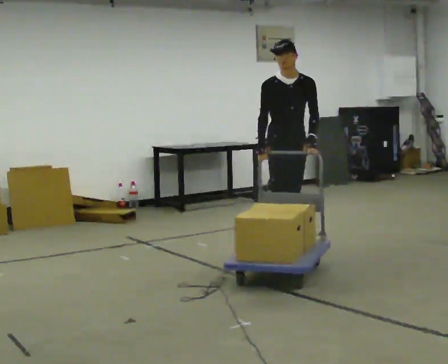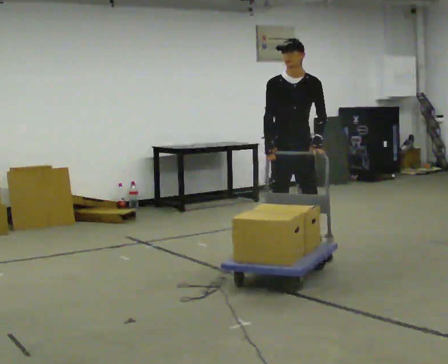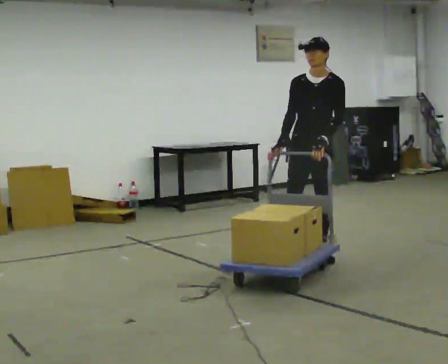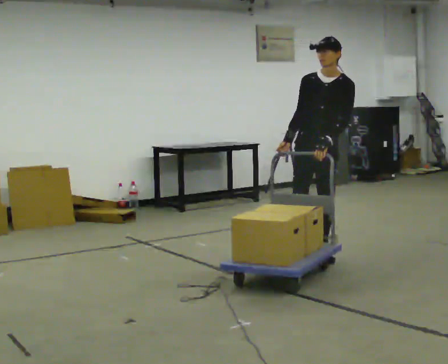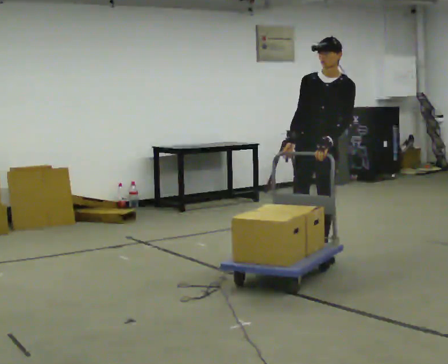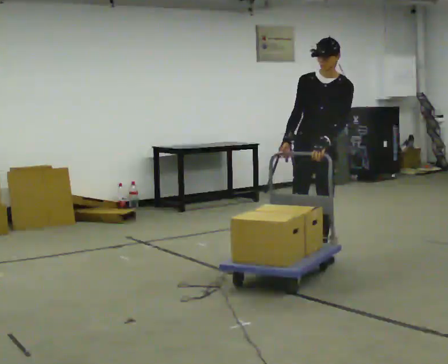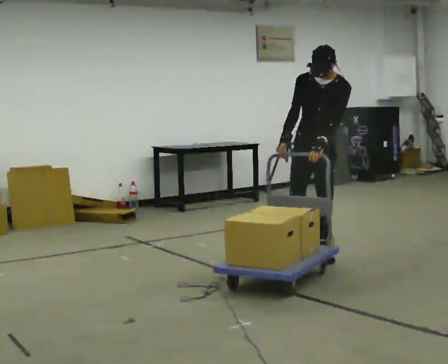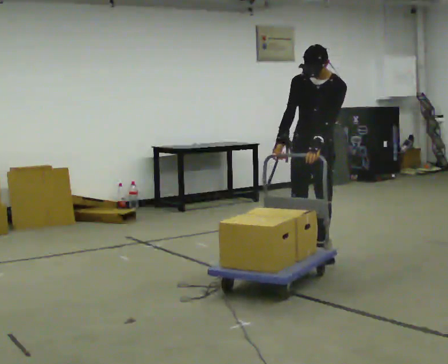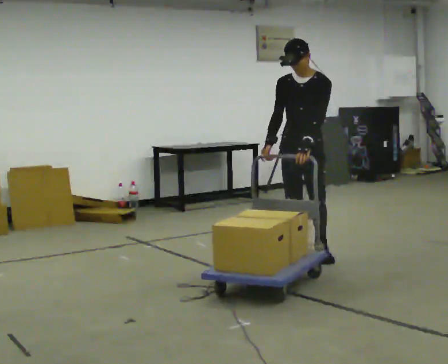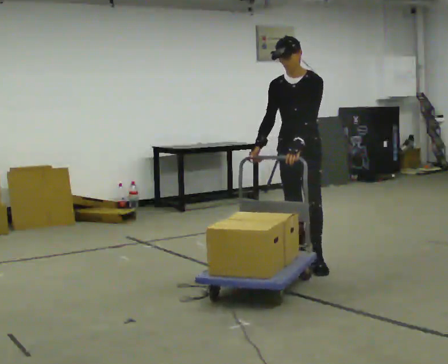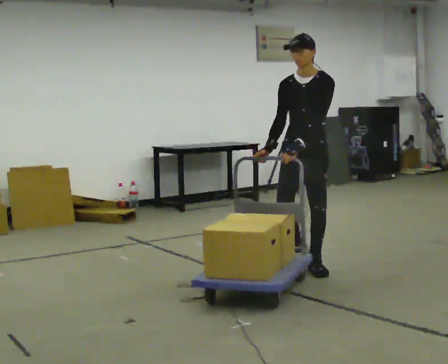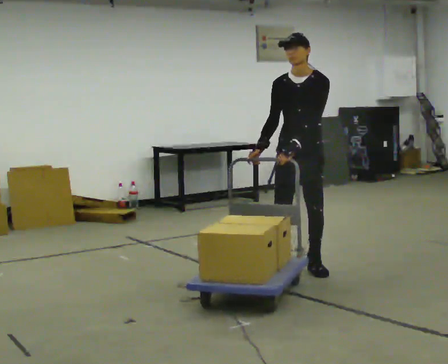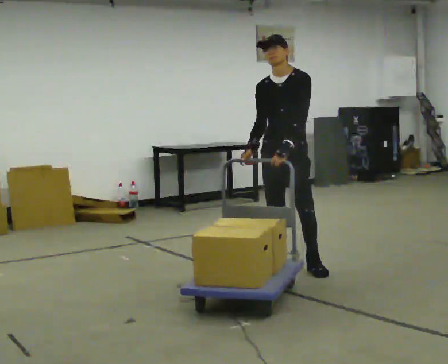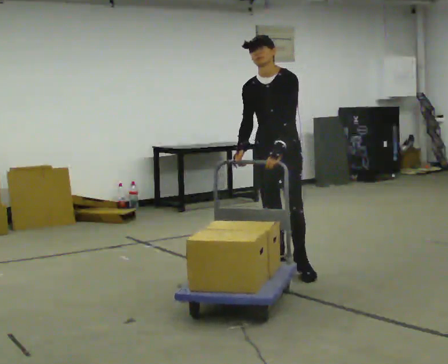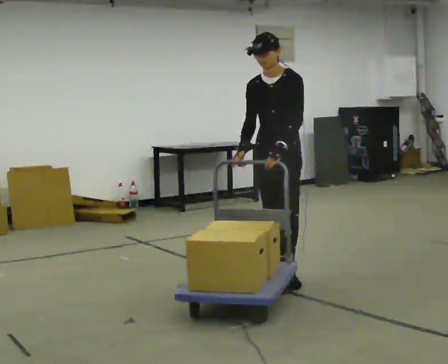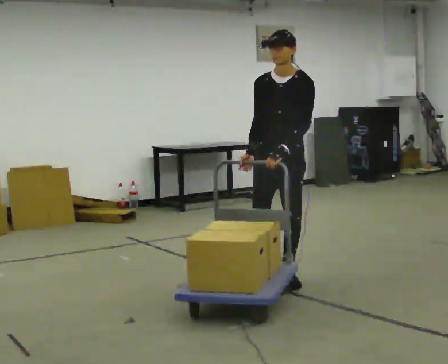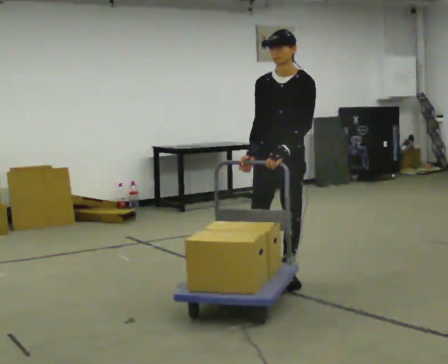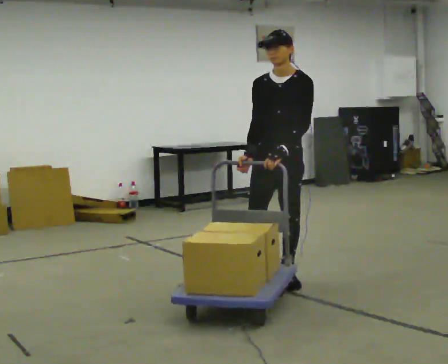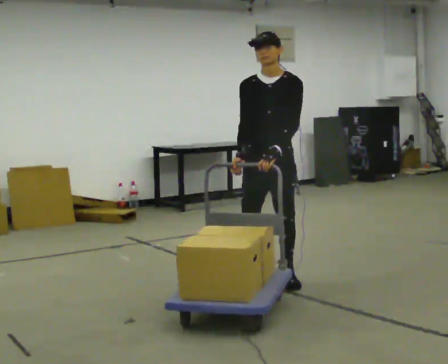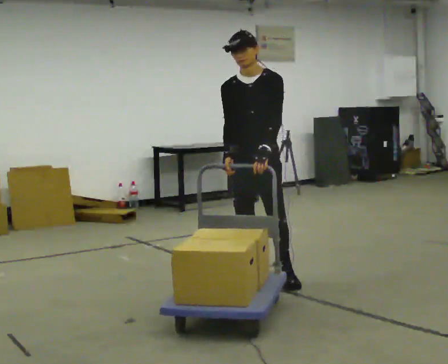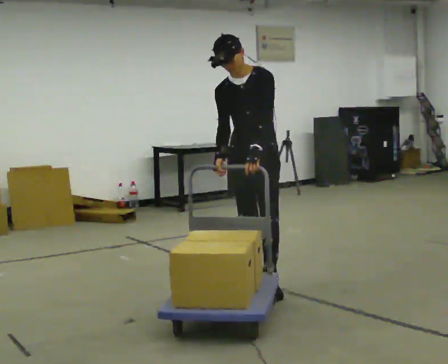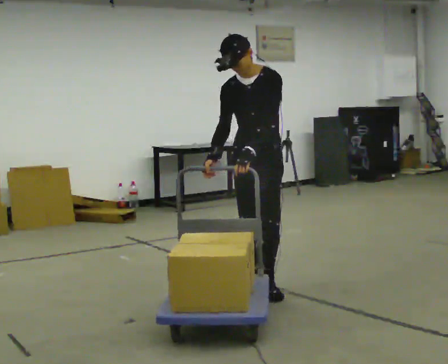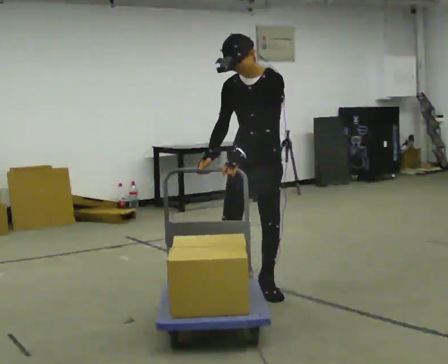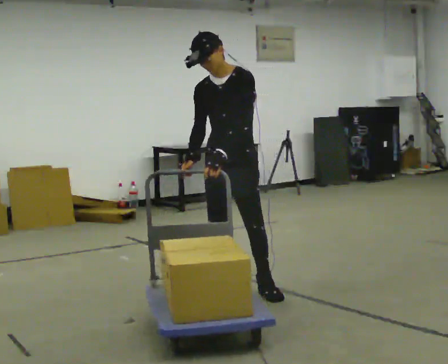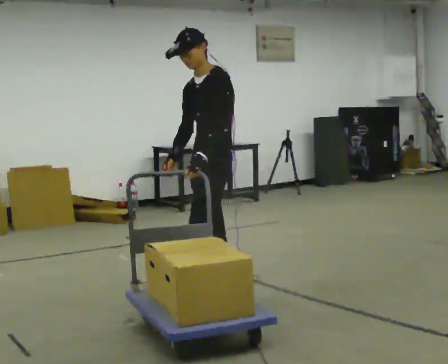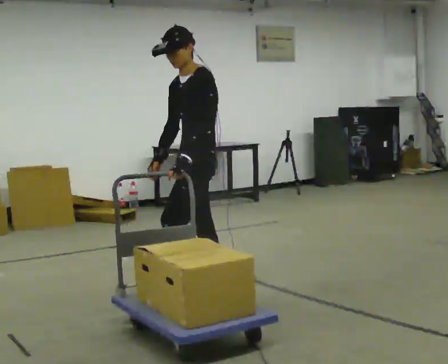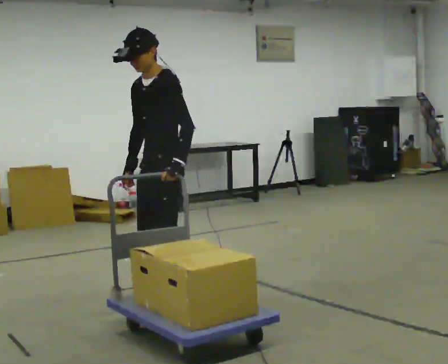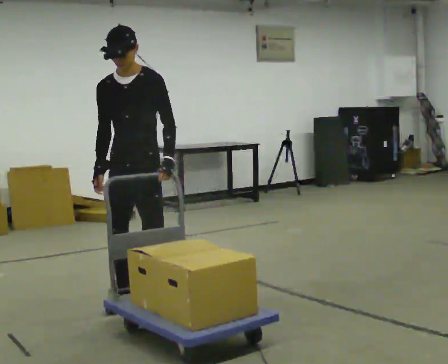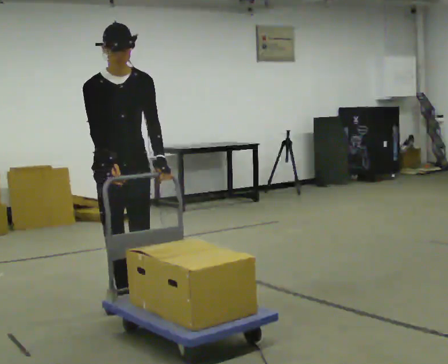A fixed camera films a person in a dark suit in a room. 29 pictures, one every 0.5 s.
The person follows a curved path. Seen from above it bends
clockwise.
The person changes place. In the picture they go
toward the camera.
0.0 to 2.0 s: Seen from above the body turns clockwise, about 30 degrees: to their right, with its near side sliding to the left. In the picture they go to the right and toward the camera, about 0.25 m in 1 step, which for them is to their left.
2.0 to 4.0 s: The person moves a little, or ends about where they began.
4.0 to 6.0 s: In the picture they go toward the camera, about 0.25 m in 2 steps, which for them is forward.
6.0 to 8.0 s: In the picture they go toward the camera, about 0.25 m in 2 steps, which for them is forward.
8.0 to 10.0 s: In the picture they go to the left, about 0.25 m, which for them is to their right.
10.0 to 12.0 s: Seen from above the body turns clockwise, about 45 degrees: to their right, with its near side sliding to the left. In the picture they go toward the camera and to the left, about 0.5 m in 2 steps, which for them is forward.
12.0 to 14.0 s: Seen from above the body turns counterclockwise, about 75 degrees: to their left, with its near side sliding to the right. In the picture they go to the left, about 0.5 m in 2 steps.
The film runs forward here.
